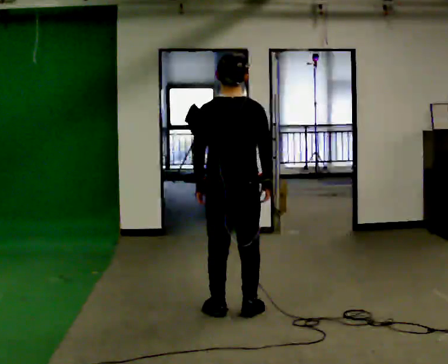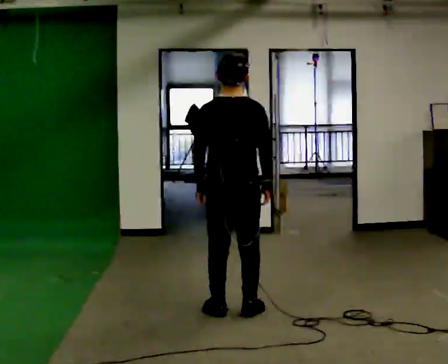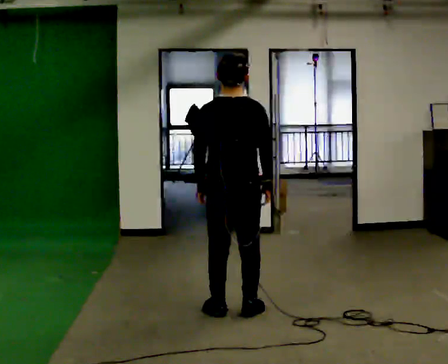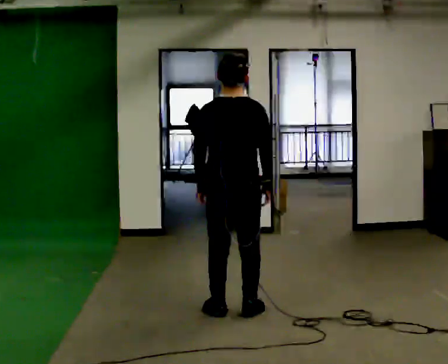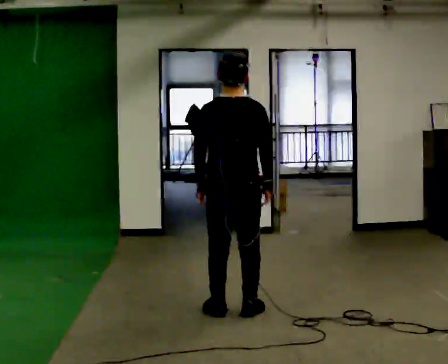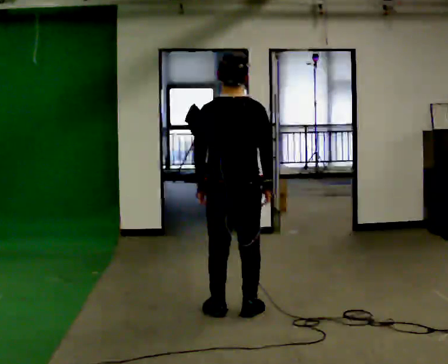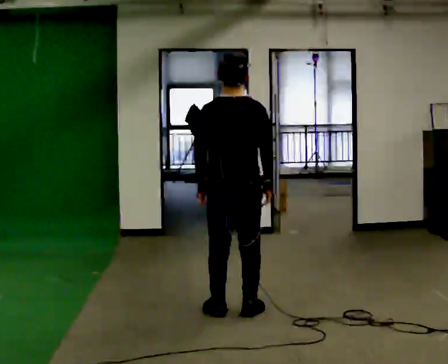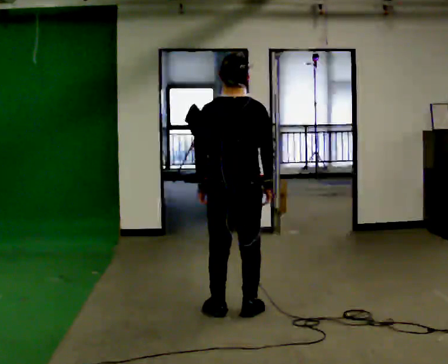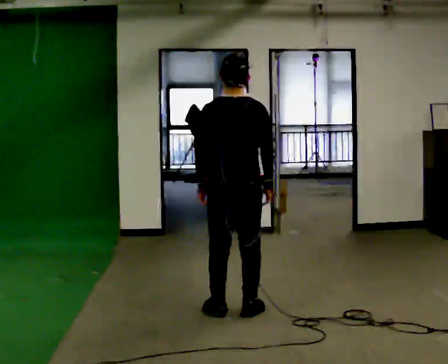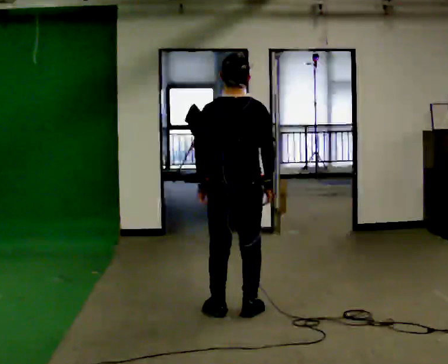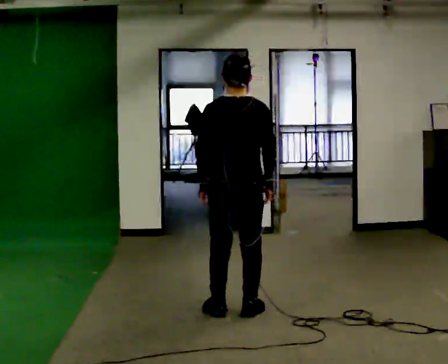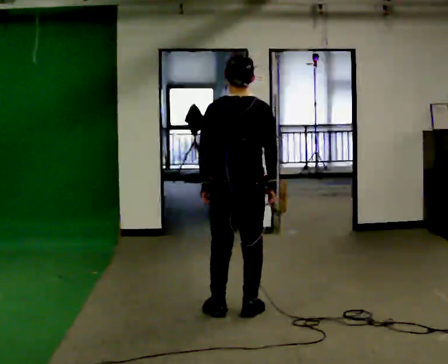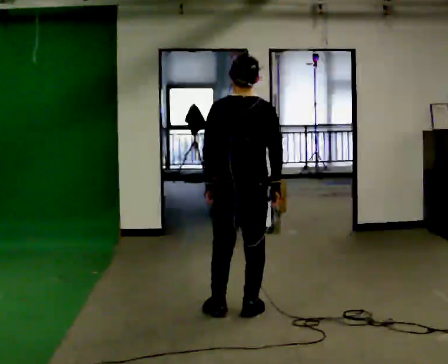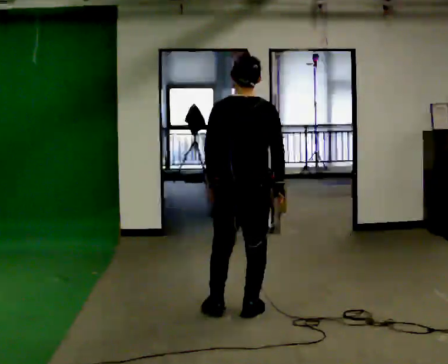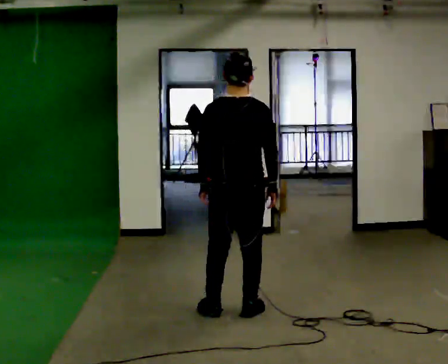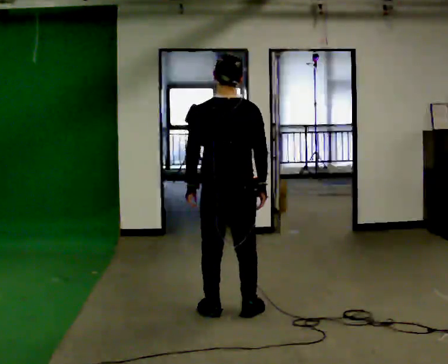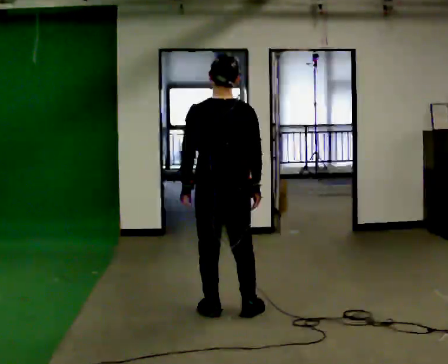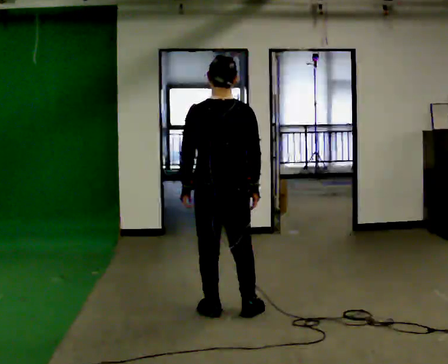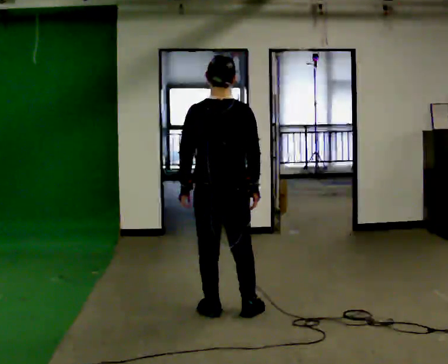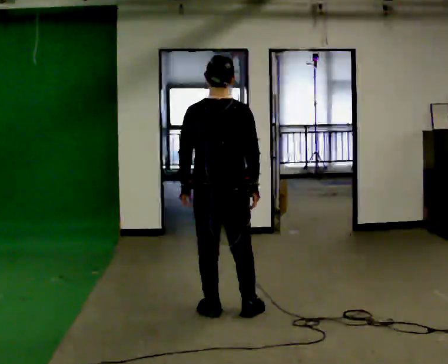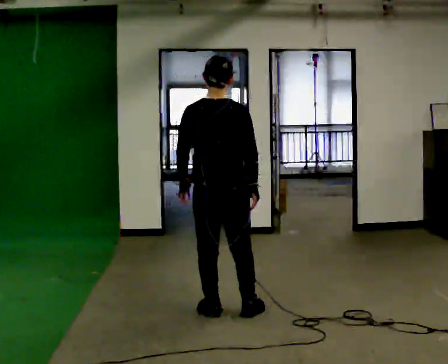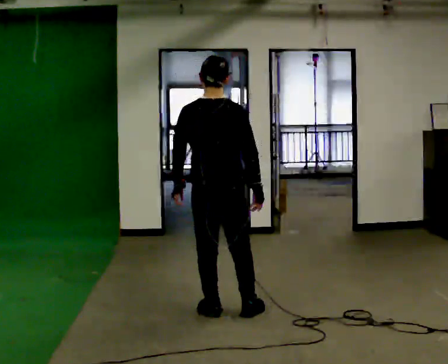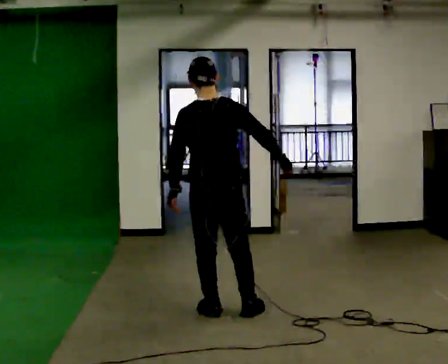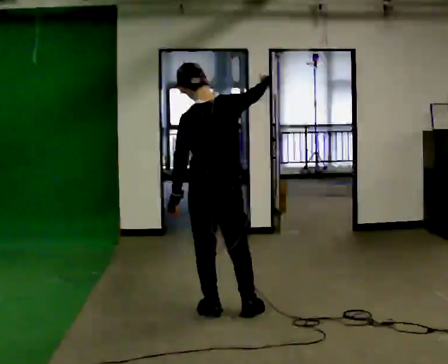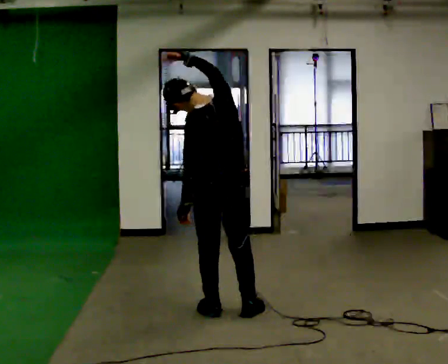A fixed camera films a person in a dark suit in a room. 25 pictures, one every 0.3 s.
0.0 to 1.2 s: The person moves a little, or ends about where they began.
1.2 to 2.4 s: The person keeps their place and pose.
2.4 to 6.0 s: The person moves a little, or ends about where they began.
6.0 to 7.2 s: In the picture their right hand goes upward and to the left, the arm swinging counterclockwise.
The film runs backward here.
